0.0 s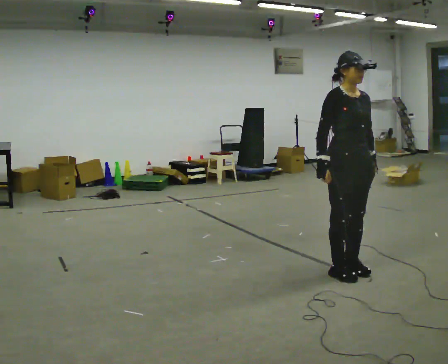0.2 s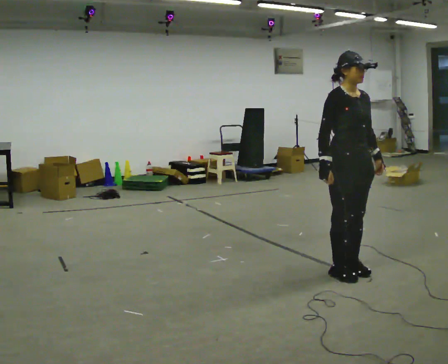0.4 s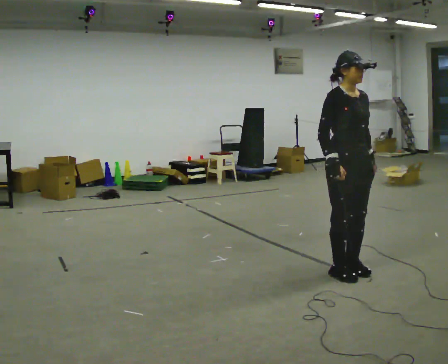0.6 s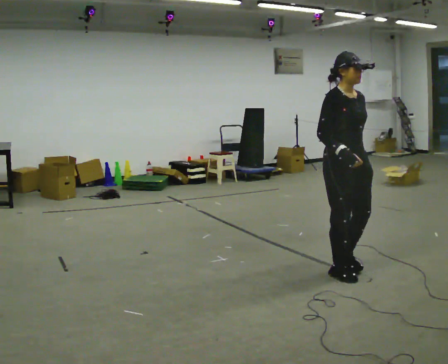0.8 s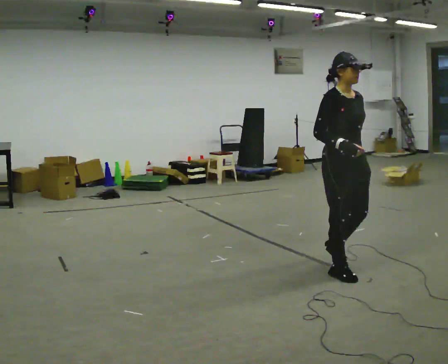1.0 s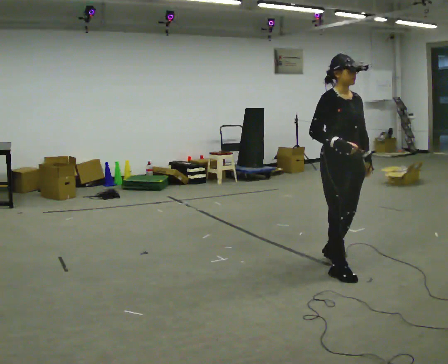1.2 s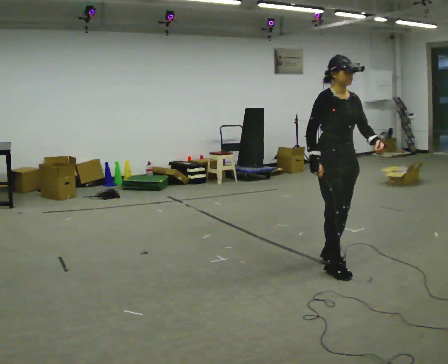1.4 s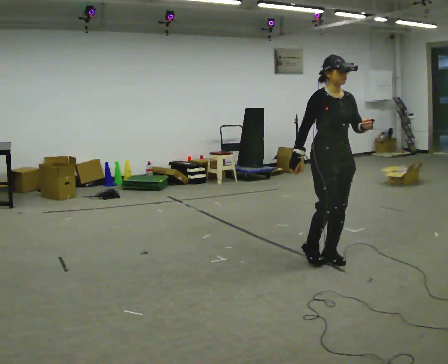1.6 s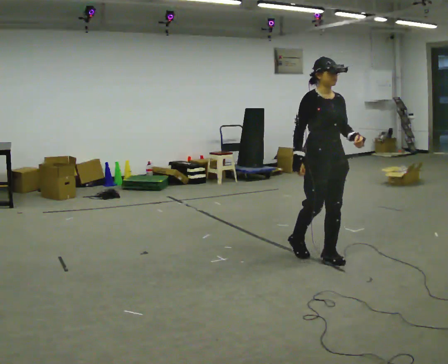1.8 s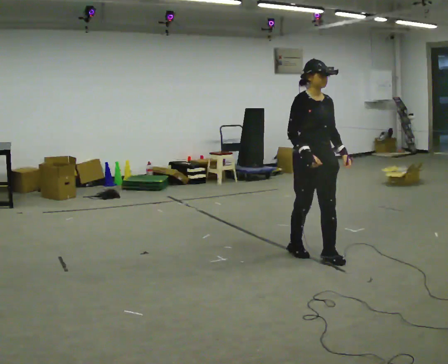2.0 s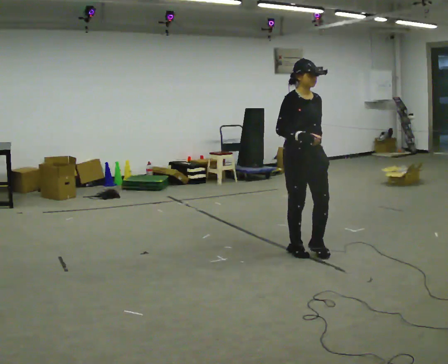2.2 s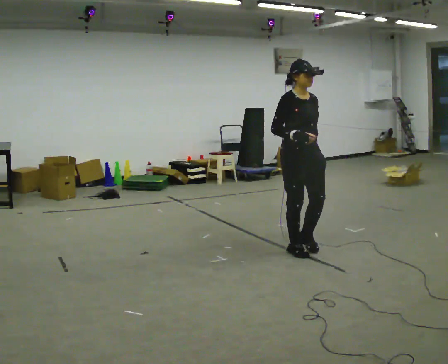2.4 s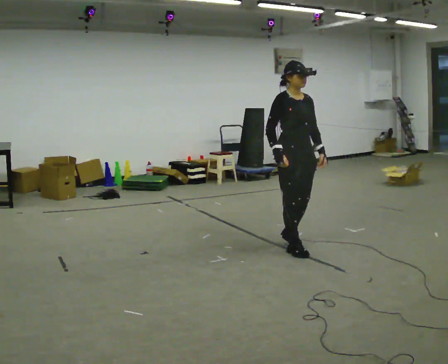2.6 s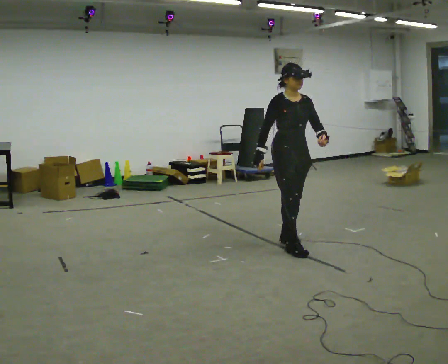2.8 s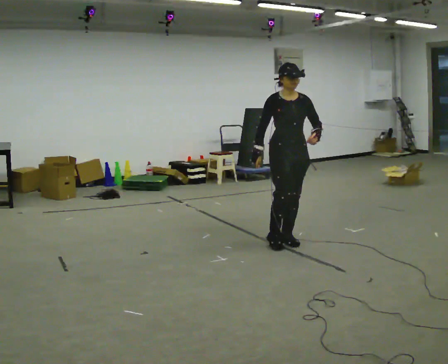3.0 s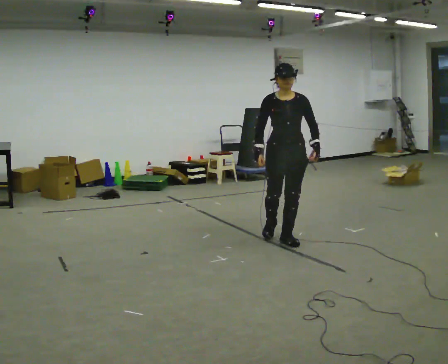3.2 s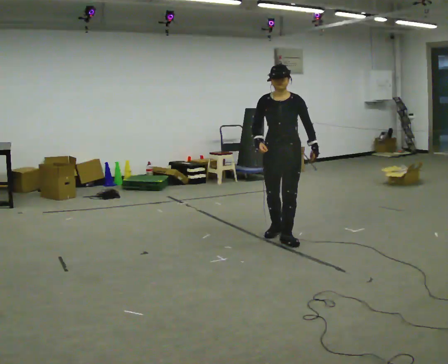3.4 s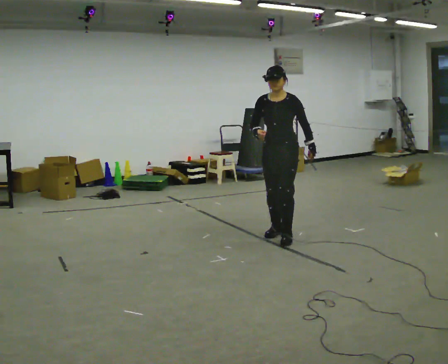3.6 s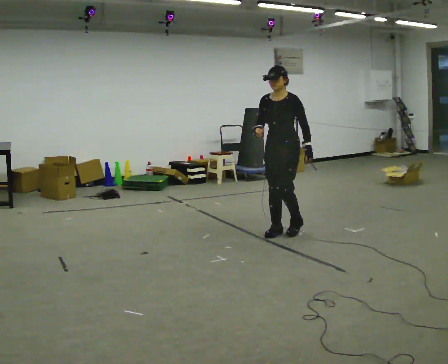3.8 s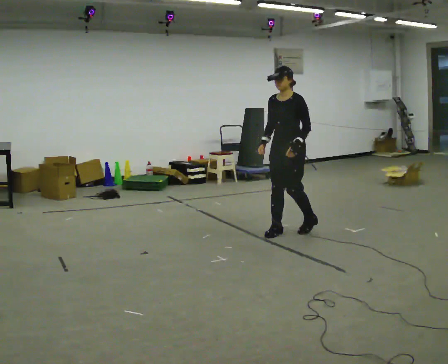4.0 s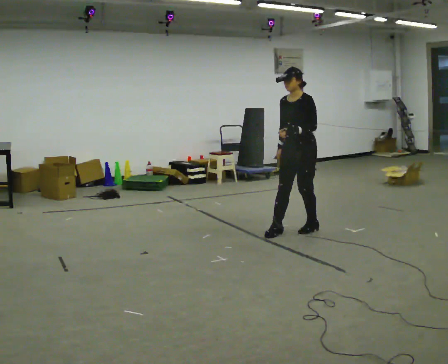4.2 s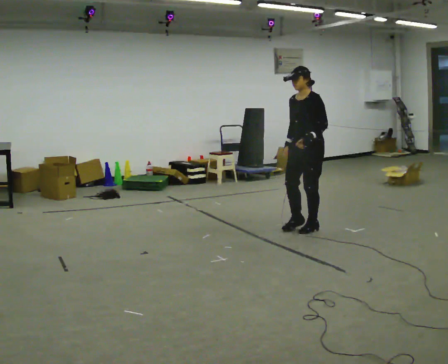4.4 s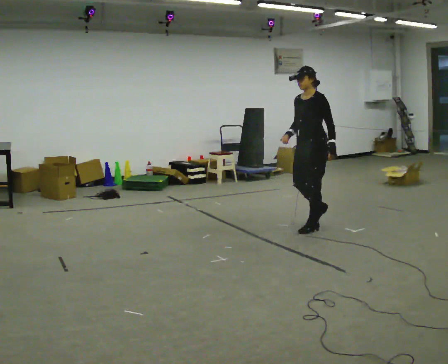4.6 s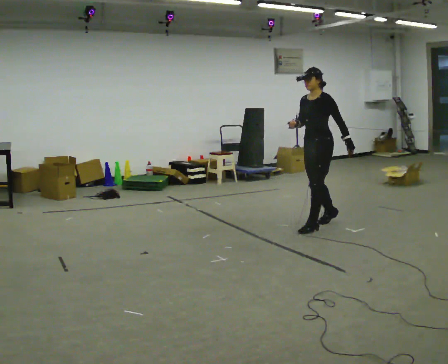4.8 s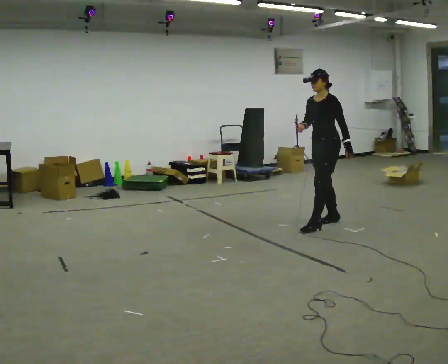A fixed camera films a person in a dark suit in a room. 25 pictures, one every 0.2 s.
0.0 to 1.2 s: In the picture they go away from the camera, about 0.25 m in 1 step, which for them is backward.
1.2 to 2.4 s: In the picture they go away from the camera and to the left, about 0.5 m in 1 step, which for them is backward.
2.4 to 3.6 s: Seen from above the body turns clockwise, about 75 degrees: to their right, with its near side sliding to the left. In the picture they go away from the camera, about 0.5 m in 2 steps.
3.6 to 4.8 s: In the picture they go to the right and away from the camera, about 0.5 m in 2 steps, which for them is backward.
The film runs forward here.
